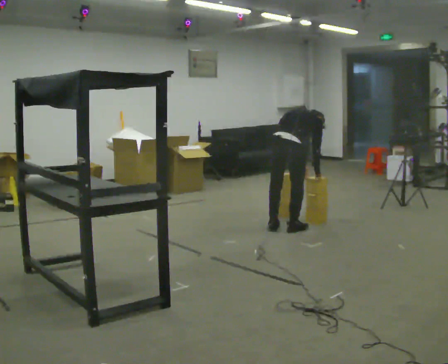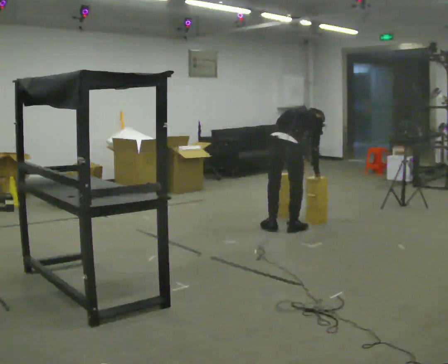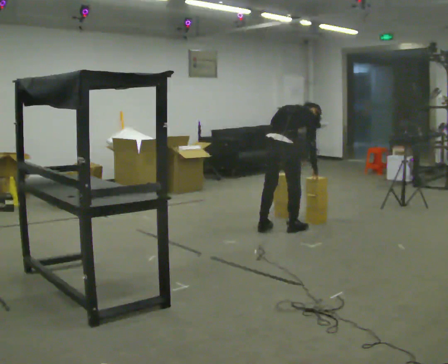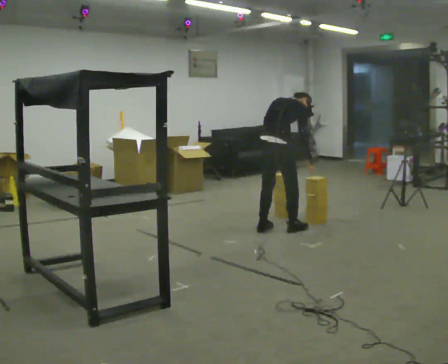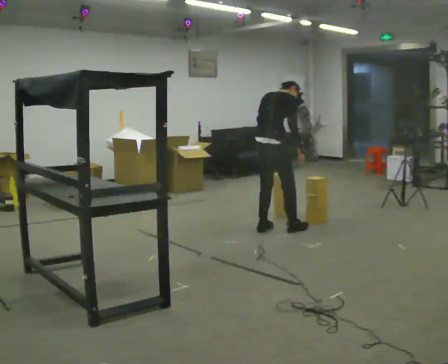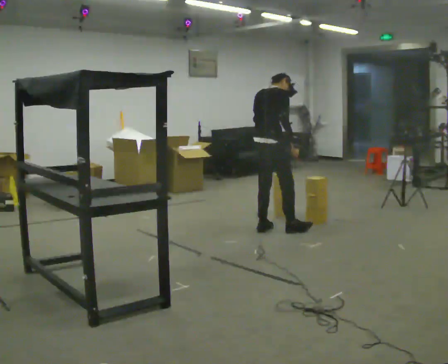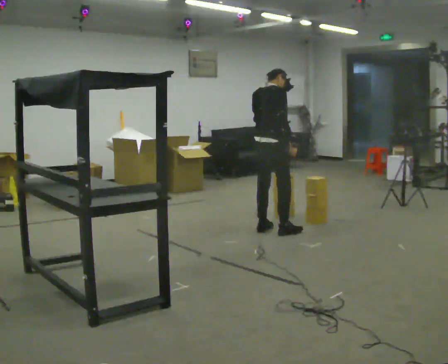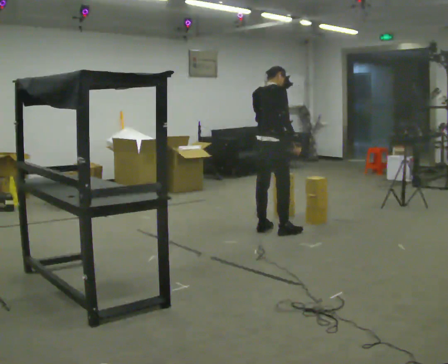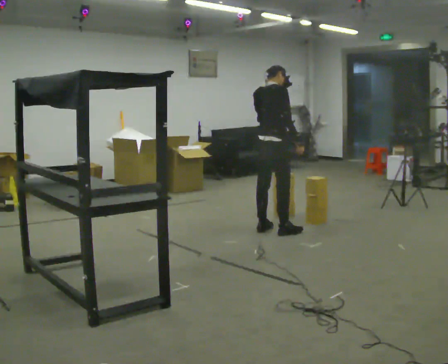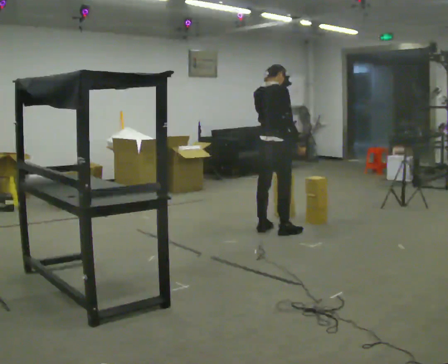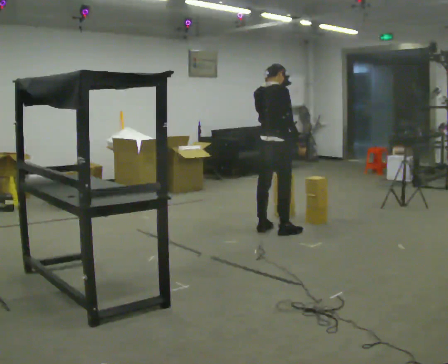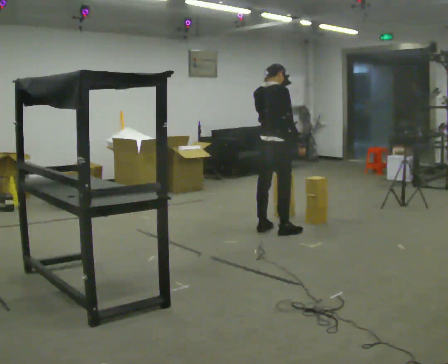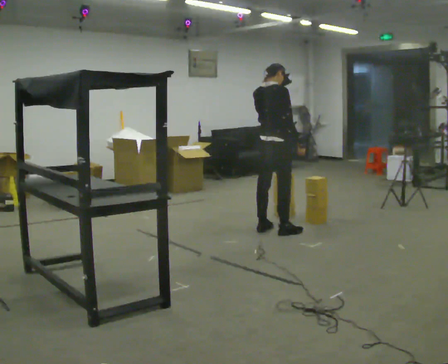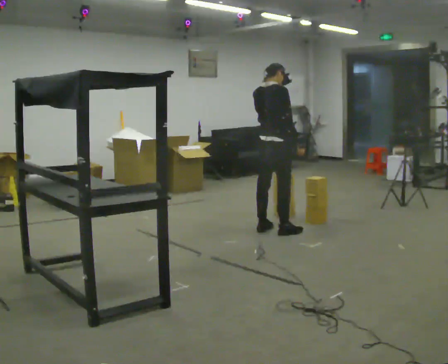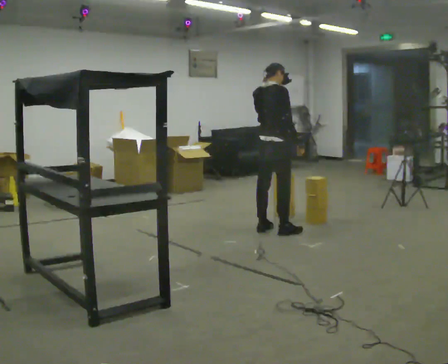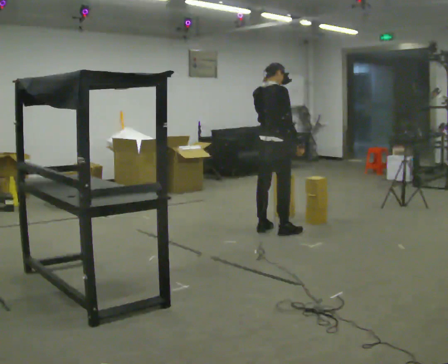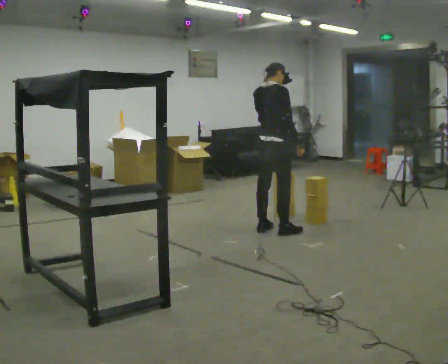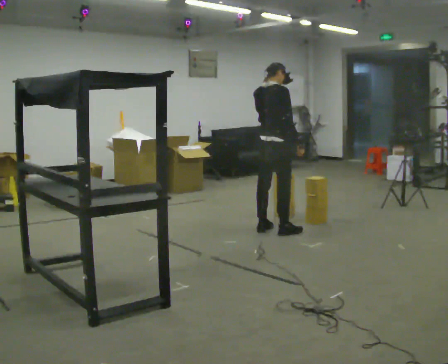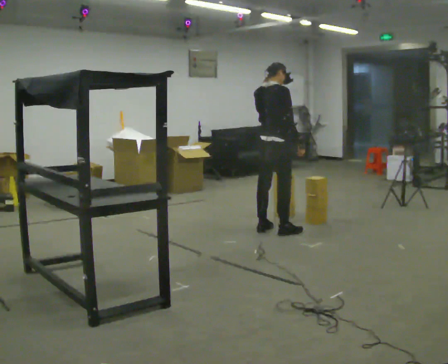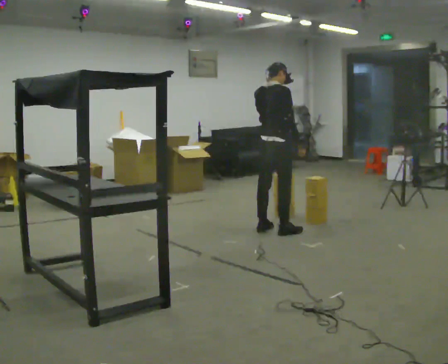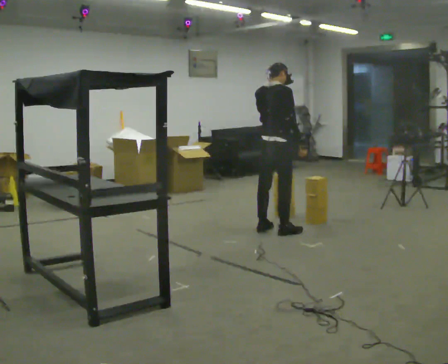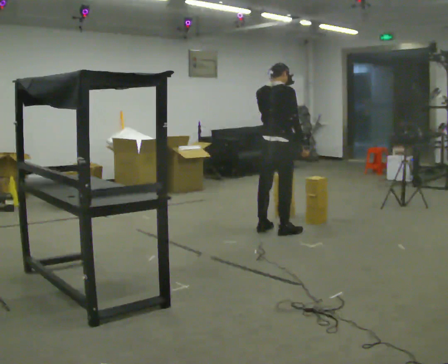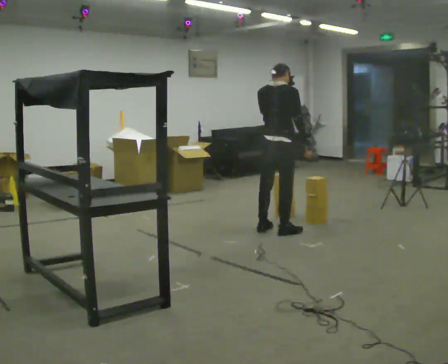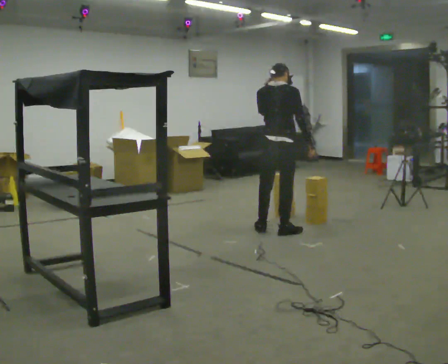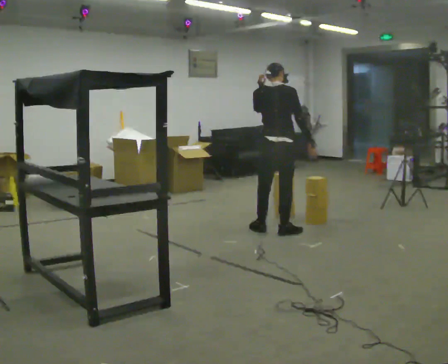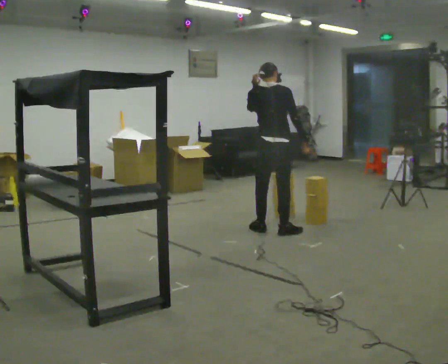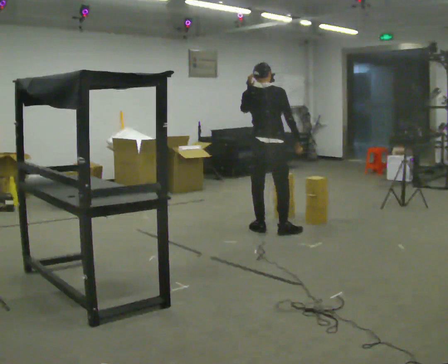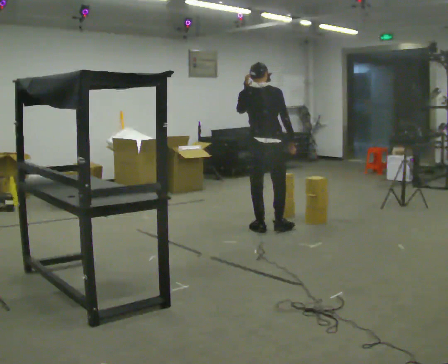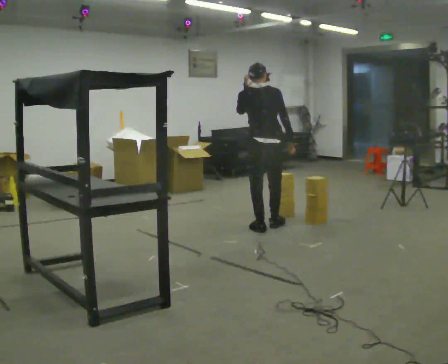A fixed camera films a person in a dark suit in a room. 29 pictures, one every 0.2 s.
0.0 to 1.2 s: In the picture they go to the left, about 0.25 m, which for them is to their left. The shoulders move upward. The upper body tips toward the camera, its near side rolling downward, as they lean back or straighten. In the picture their left hand goes upward and to the left.
1.2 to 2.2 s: The person moves a little, or ends about where they began.
2.2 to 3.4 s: The person keeps their place and pose.
3.4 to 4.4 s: The person moves a little, or ends about where they began.
4.4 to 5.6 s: Seen from above the body turns counterclockwise, about 30 degrees: to their left, with its near side sliding to the right.
The film runs forward here.
